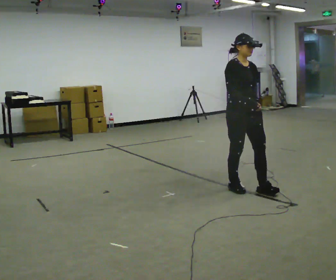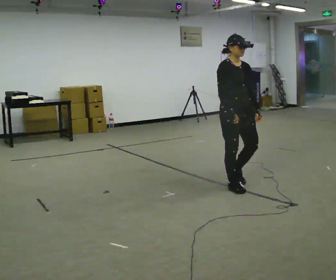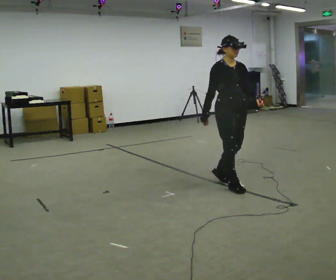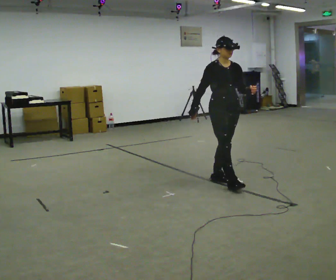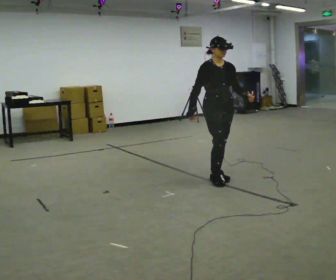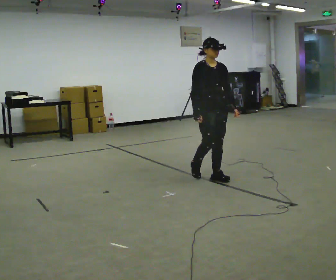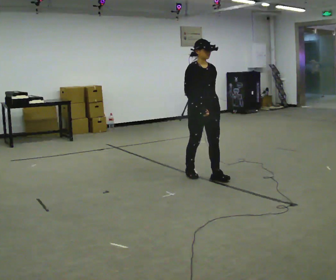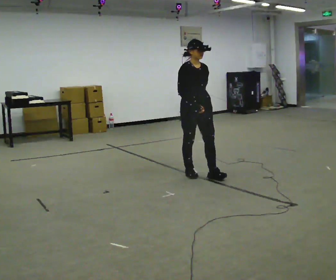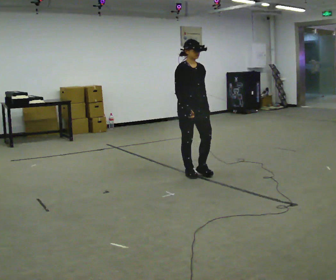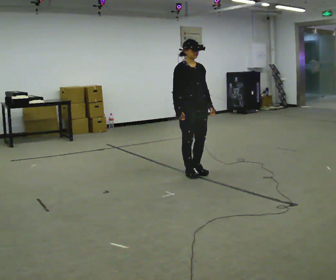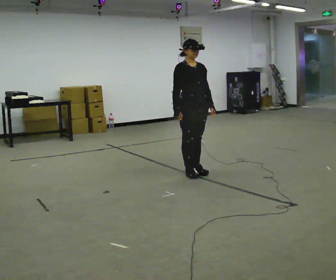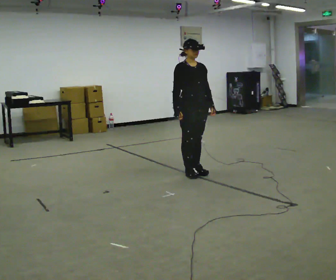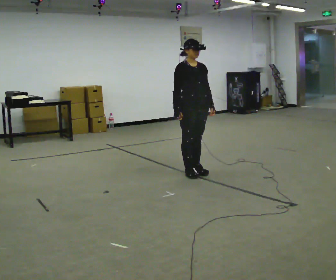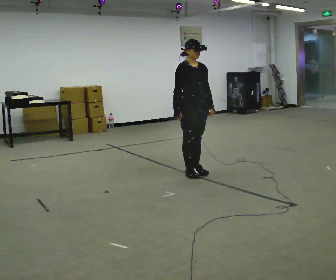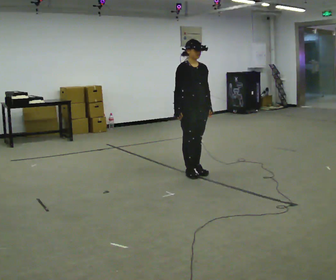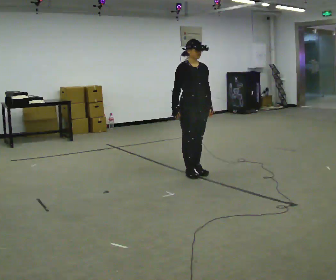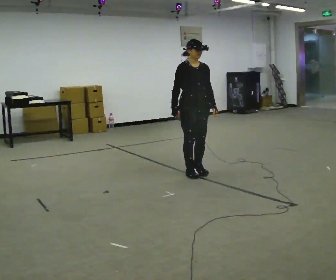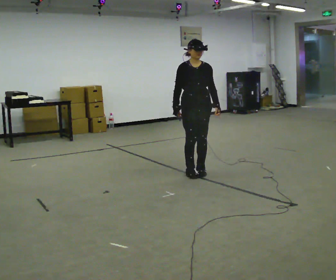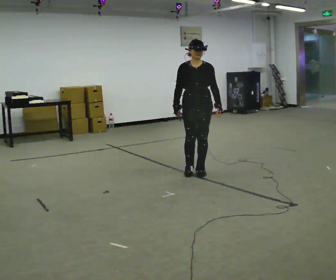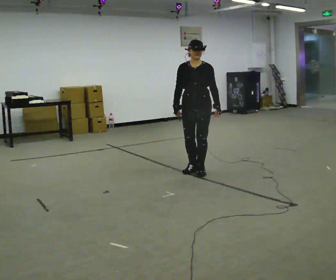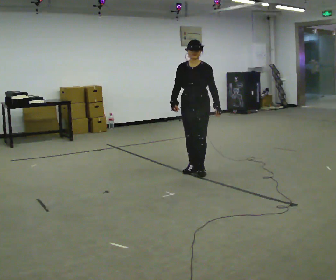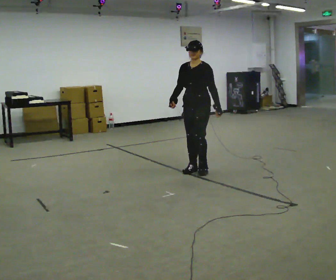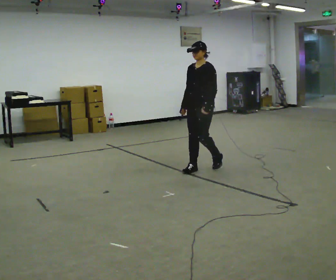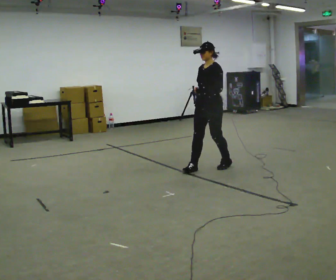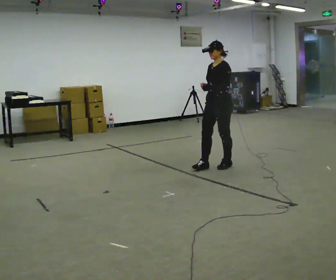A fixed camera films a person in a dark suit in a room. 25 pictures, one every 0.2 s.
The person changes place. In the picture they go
away from the camera.
The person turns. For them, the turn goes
to their right.
0.0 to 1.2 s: In the picture they go away from the camera and to the left, about 0.75 m in 1 step, which for them is backward.
1.2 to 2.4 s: In the picture they go away from the camera, about 0.25 m in 1 step, which for them is backward.
2.4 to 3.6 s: The person turns about 30 degrees to their right, clockwise seen from above, so the part of the body nearest the lens slides to the left.
3.6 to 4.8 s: The part of the body nearest the lens slides to the left as the person turns to their right by about 60 degrees. In the picture they go to the right and away from the camera, about 0.25 m in 2 steps.
The film runs backward here.
